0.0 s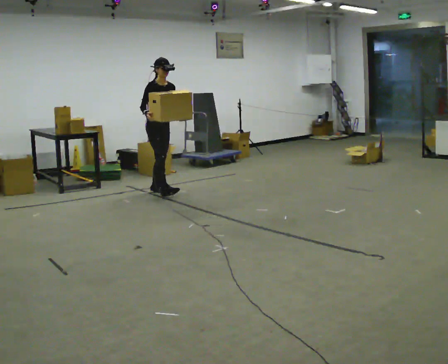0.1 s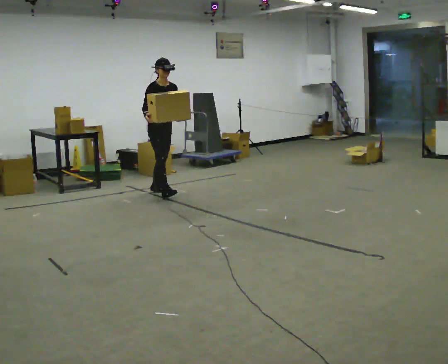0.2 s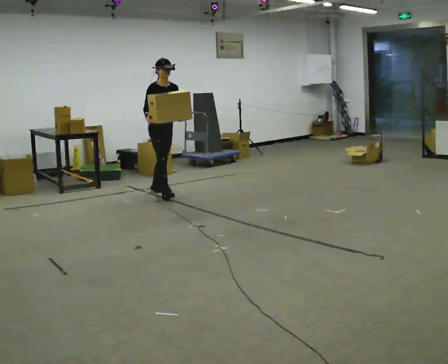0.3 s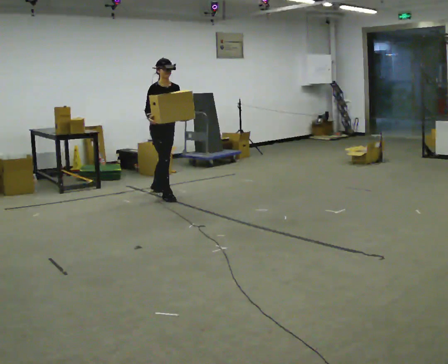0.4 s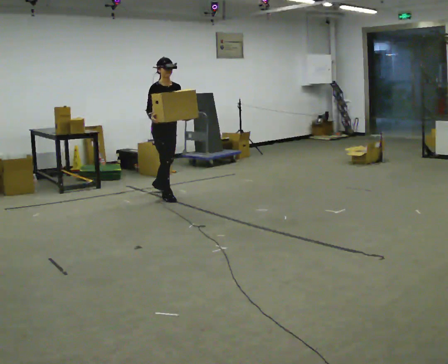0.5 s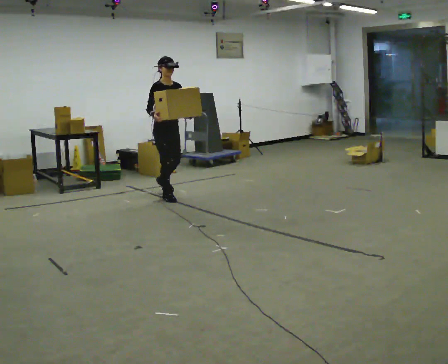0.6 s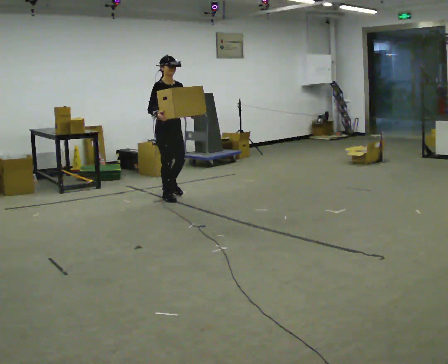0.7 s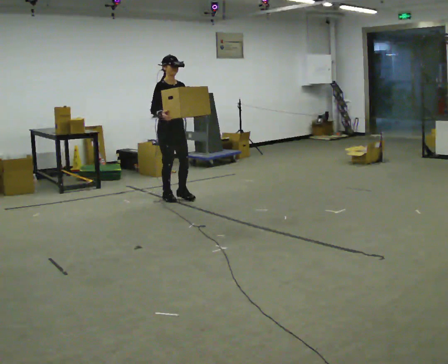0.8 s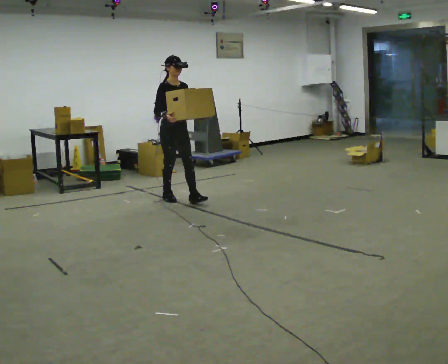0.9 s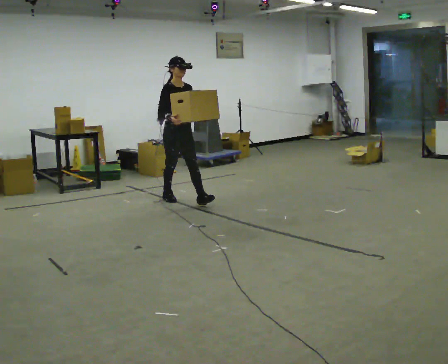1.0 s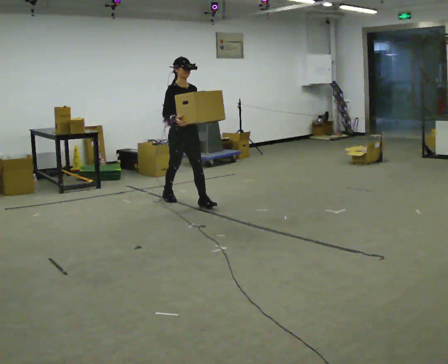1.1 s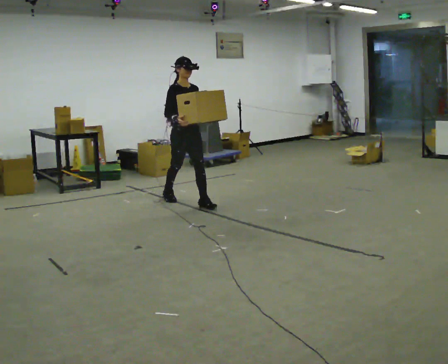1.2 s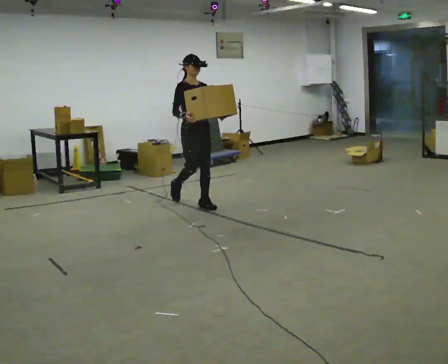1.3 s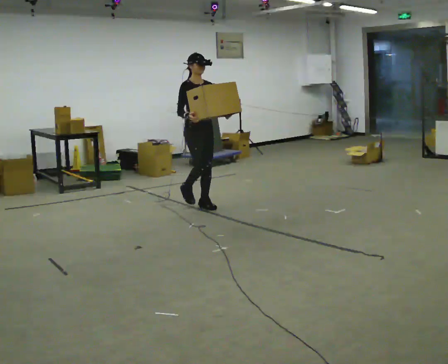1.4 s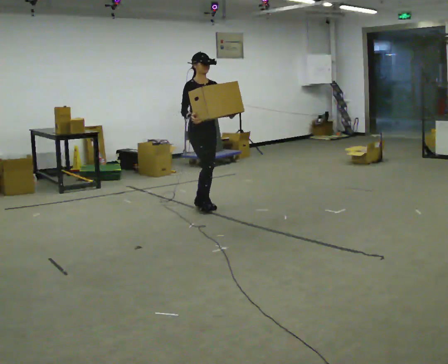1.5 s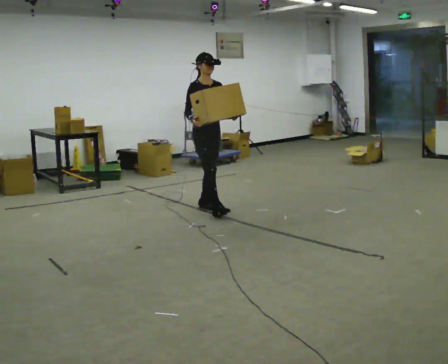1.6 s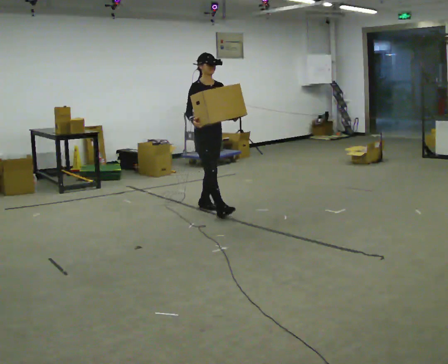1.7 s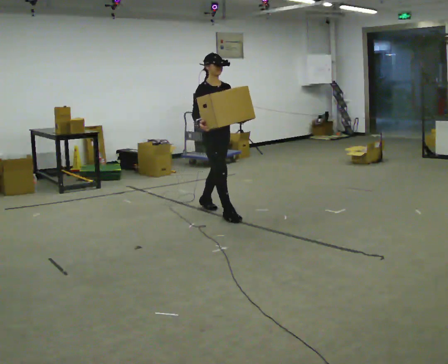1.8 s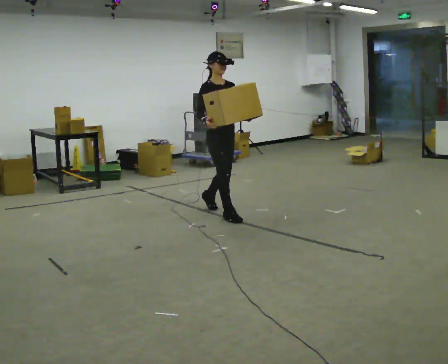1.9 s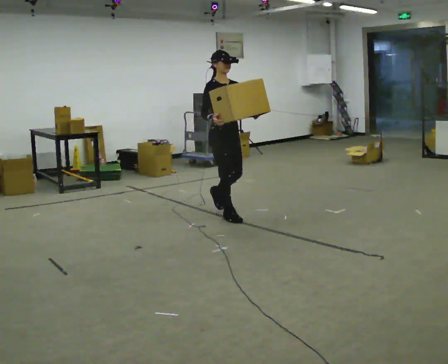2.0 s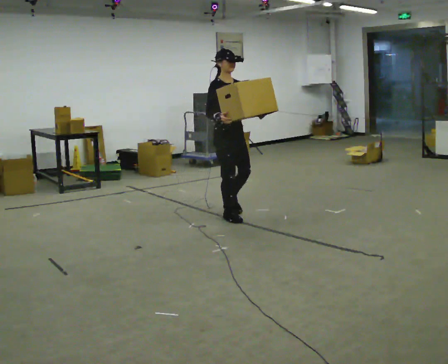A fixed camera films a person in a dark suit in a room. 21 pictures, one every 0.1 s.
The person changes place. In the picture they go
toward the camera.
0.0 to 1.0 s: In the picture they go toward the camera and to the right, about 0.5 m in 1 step, which for them is forward.
1.0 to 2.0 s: In the picture they go toward the camera and to the right, about 0.5 m in 1 step, which for them is forward.
The film runs forward here.
